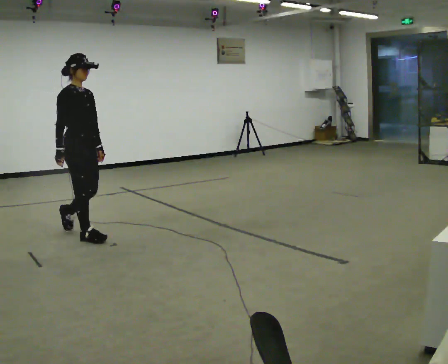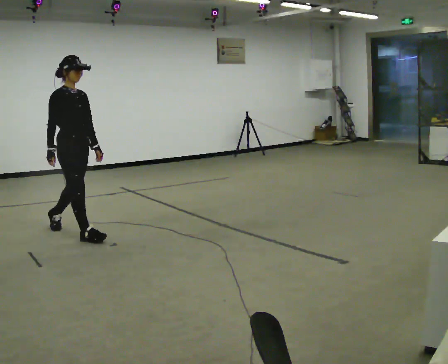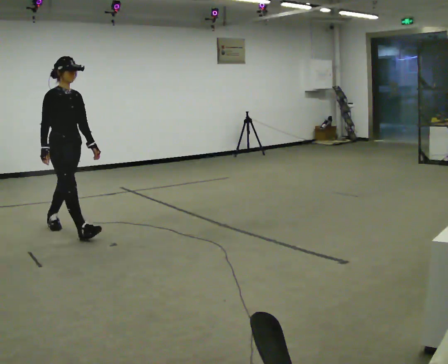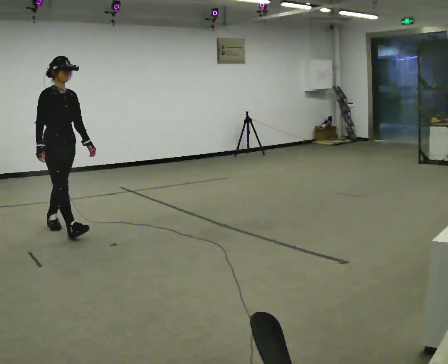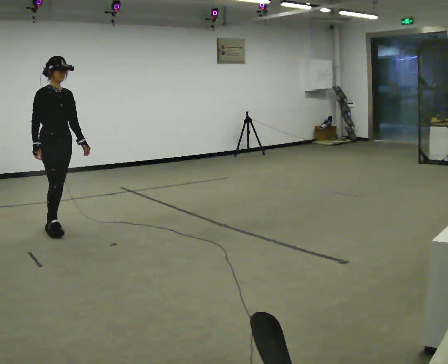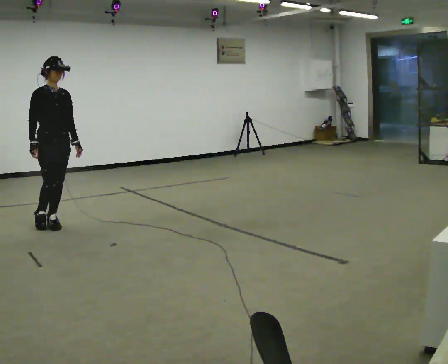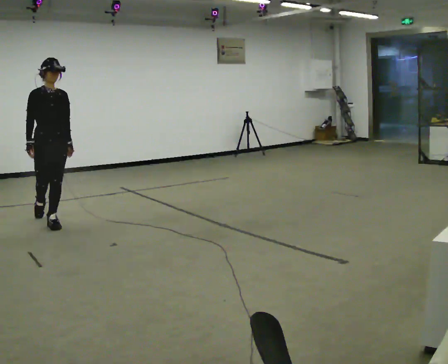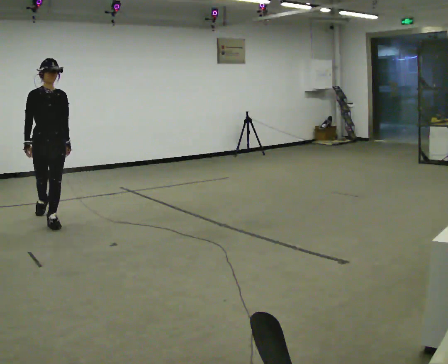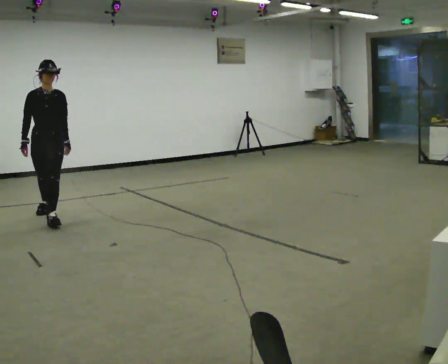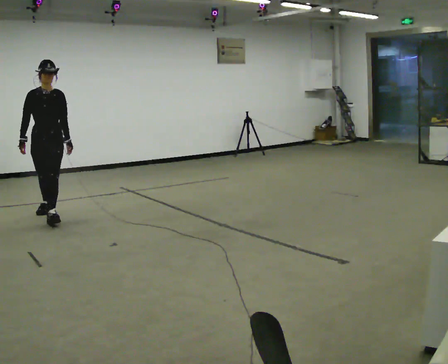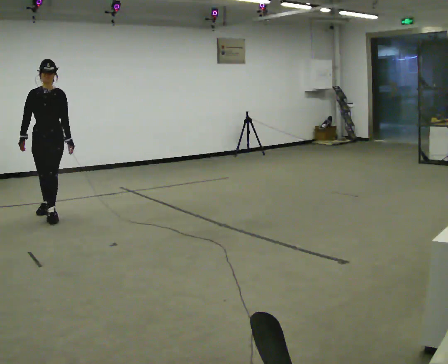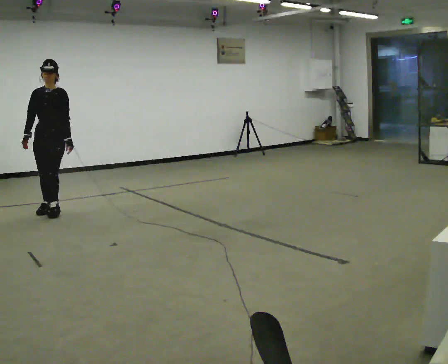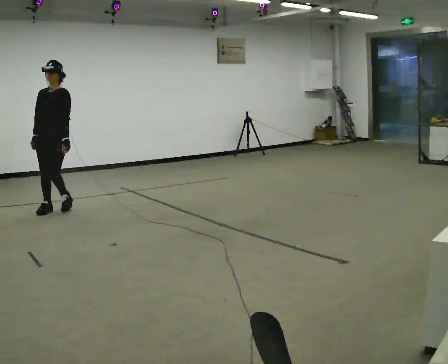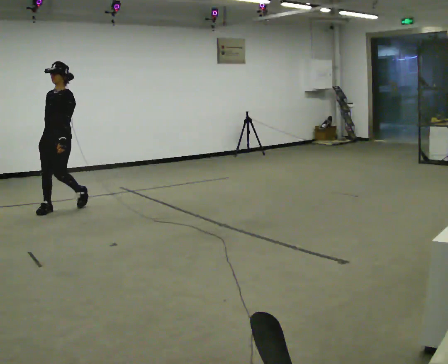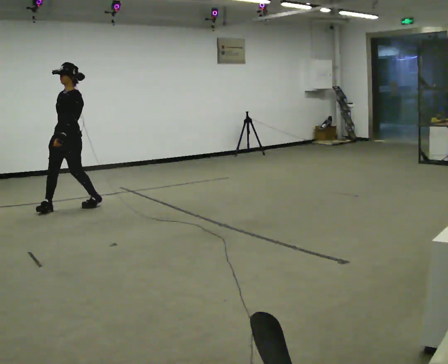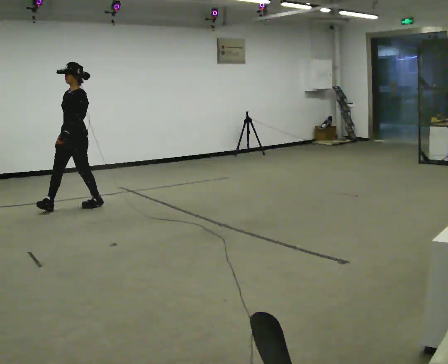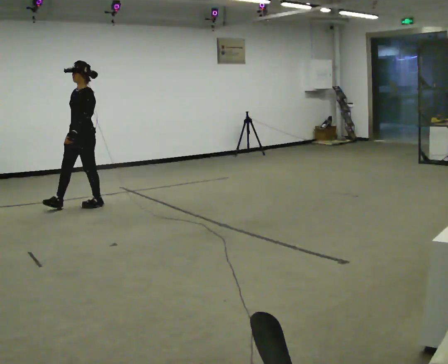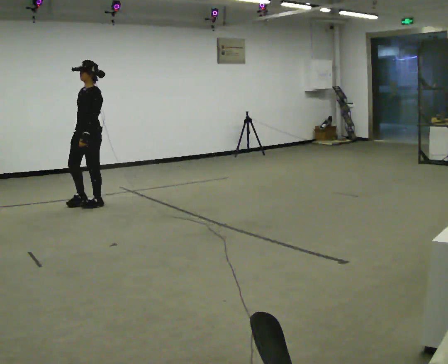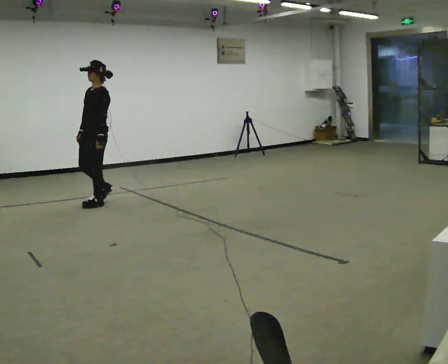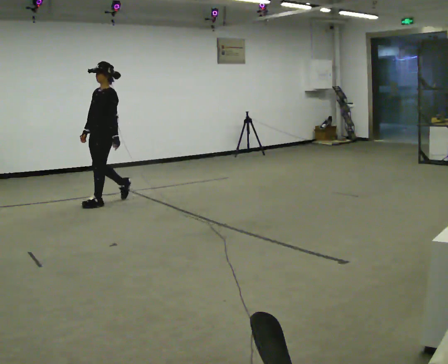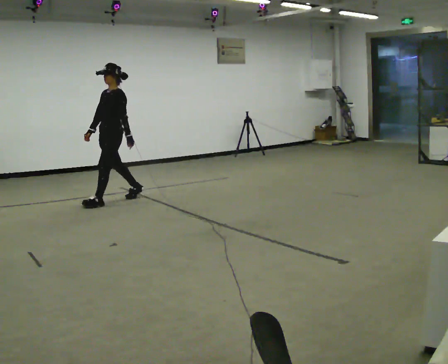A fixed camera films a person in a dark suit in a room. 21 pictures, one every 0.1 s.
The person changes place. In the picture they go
away from the camera.
The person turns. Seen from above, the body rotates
clockwise.
0.0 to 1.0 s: Seen from above the body turns clockwise, about 60 degrees: to their right, with its near side sliding to the left. In the picture they go away from the camera, about 1 m in 2 steps, which for them is backward.
1.0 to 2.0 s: The person turns about 60 degrees to their right, clockwise seen from above, so the part of the body nearest the lens slides to the left. In the picture they go to the right and away from the camera, about 1 m in 1 step, which for them is backward.
The film runs backward here.
